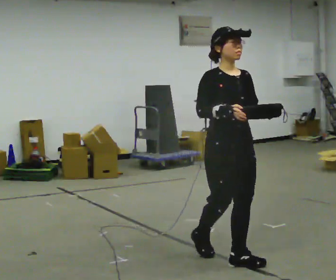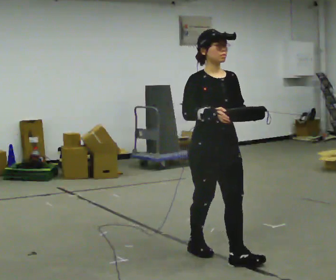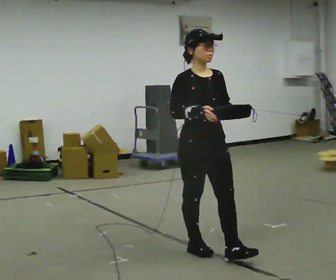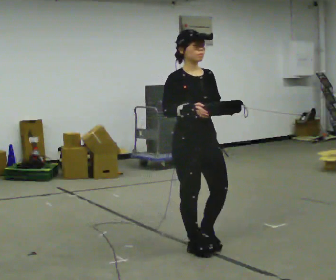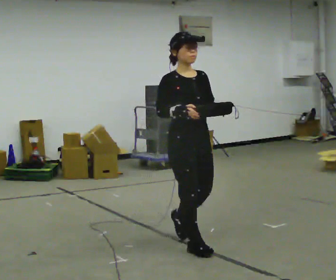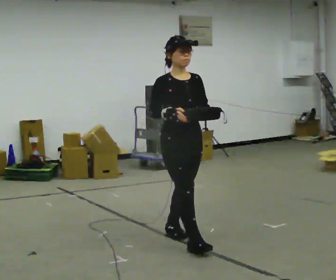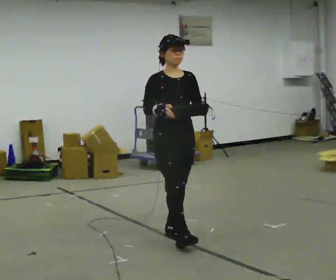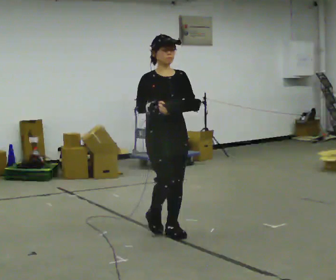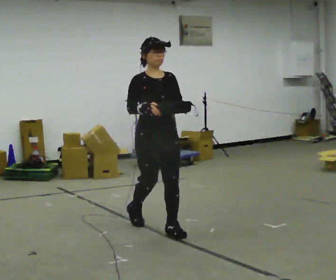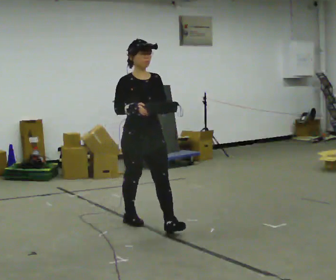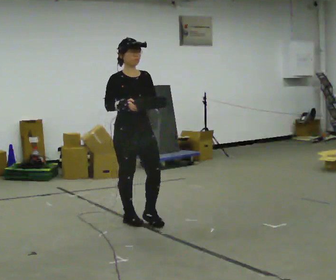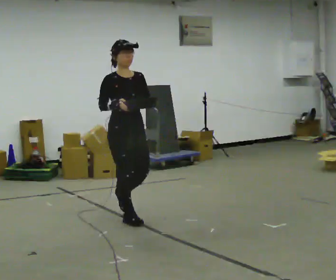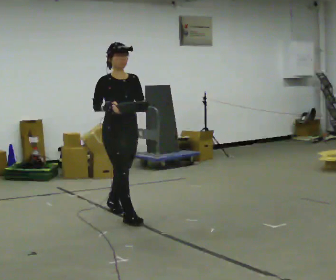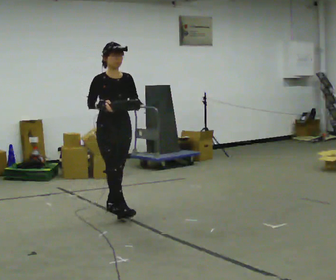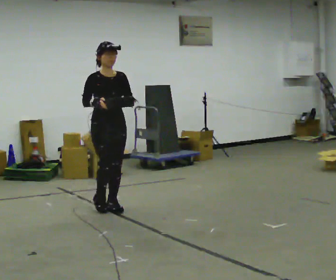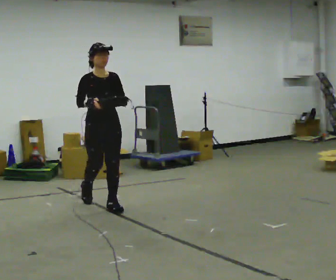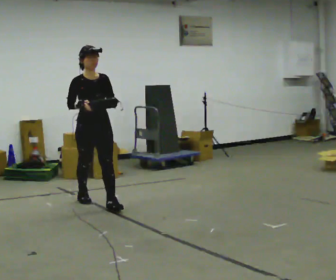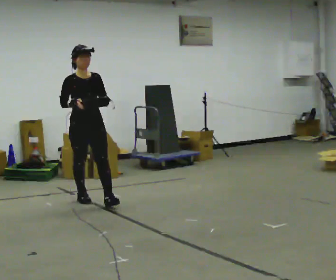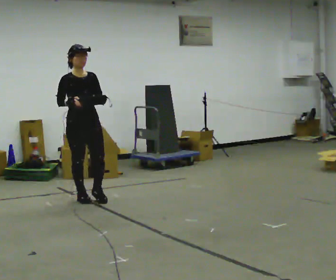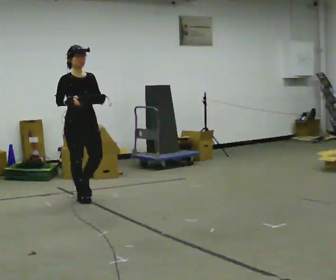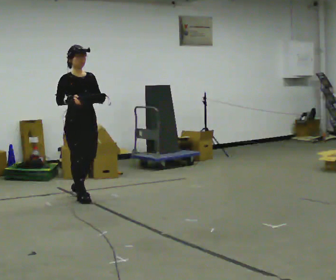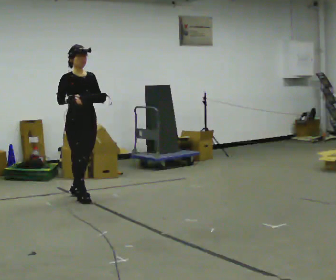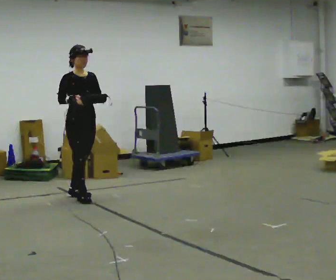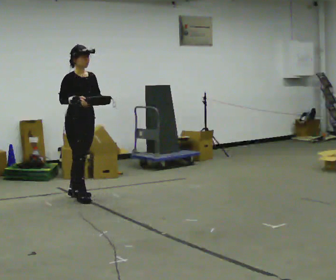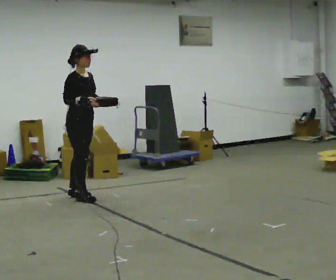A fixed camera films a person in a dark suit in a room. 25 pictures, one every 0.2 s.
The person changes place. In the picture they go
away from the camera.
0.0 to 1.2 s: In the picture they go away from the camera and to the left, about 0.5 m in 2 steps, which for them is backward.
1.2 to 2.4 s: In the picture they go away from the camera and to the left, about 1 m in 1 step, which for them is backward.
2.4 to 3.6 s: In the picture they go away from the camera and to the left, about 1 m in 2 steps, which for them is backward.
3.6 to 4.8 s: The part of the body nearest the lens slides to the right as the person turns to their left by about 30 degrees. In the picture they go away from the camera, about 0.25 m, which for them is backward.
The film runs backward here.
